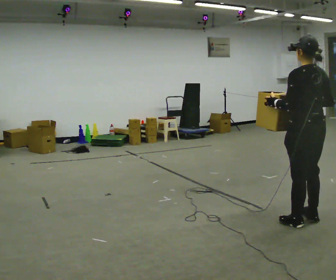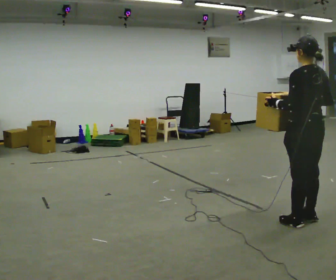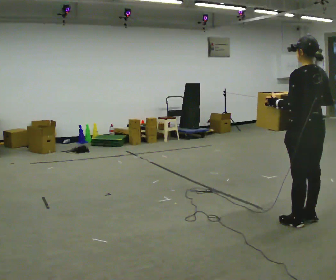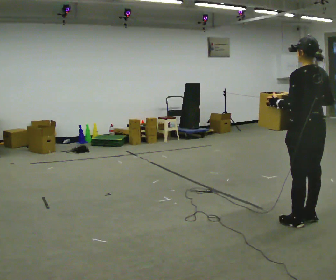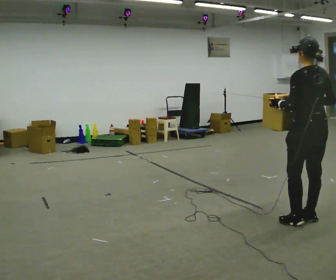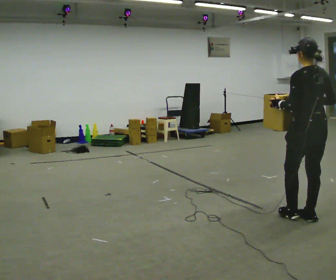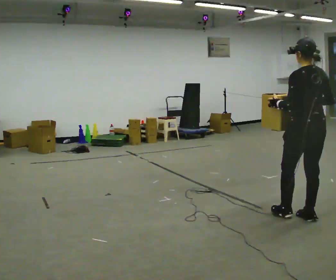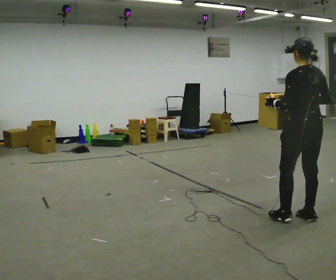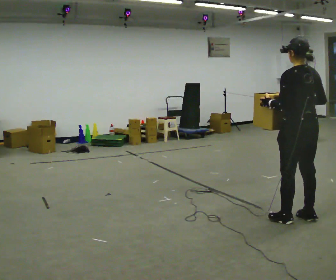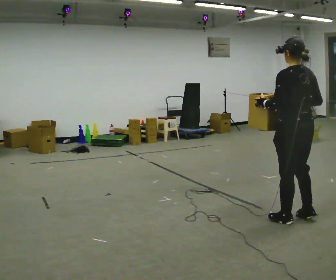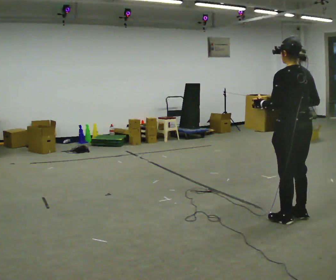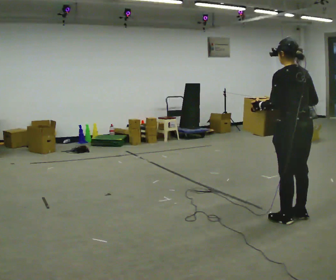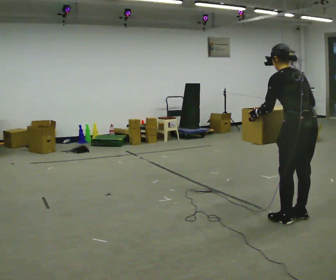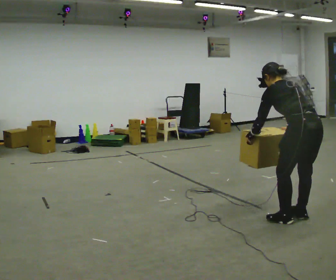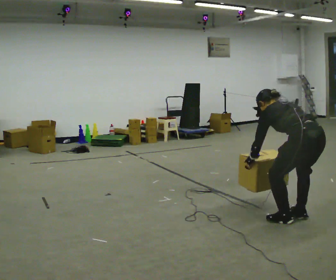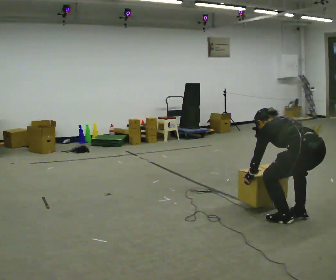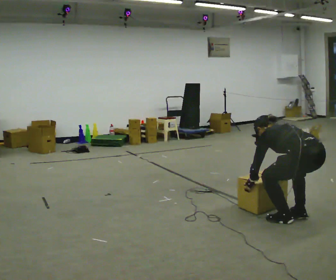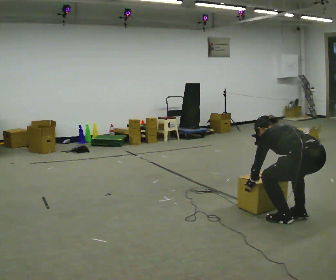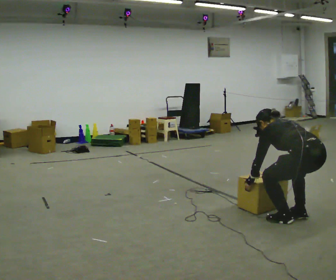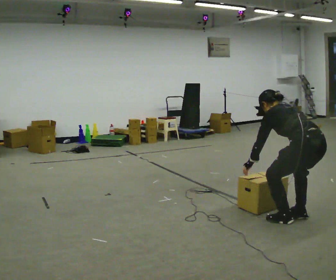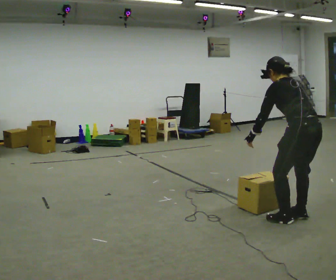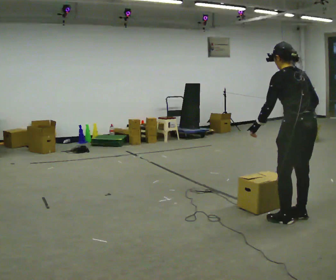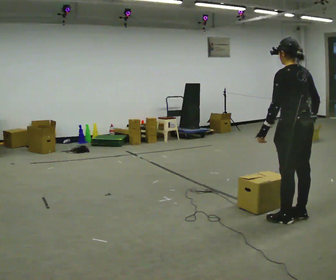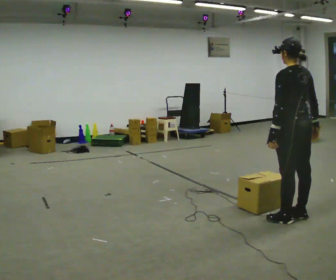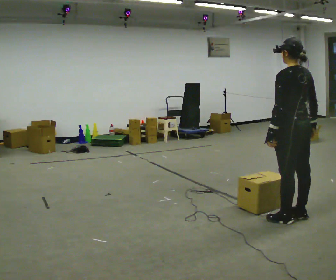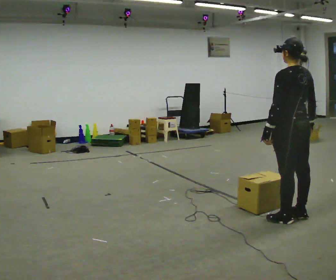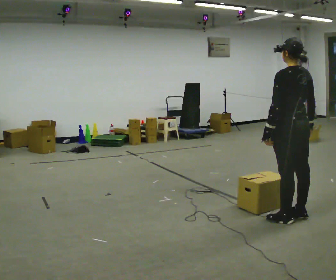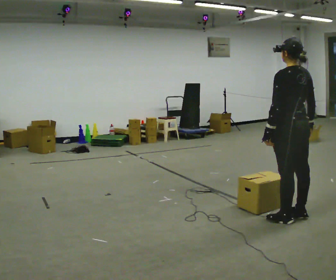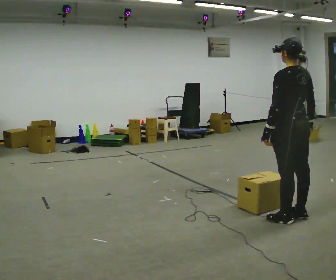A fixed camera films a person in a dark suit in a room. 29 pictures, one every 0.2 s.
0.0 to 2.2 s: The person moves a little, or ends about where they began.
2.2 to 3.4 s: The shoulders move downward. In the picture the upper body tilts counterclockwise, shoulders to the left, as they bend forward. In the picture their left hand goes downward.
3.4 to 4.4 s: The upper body goes upward. In the picture the upper body tilts clockwise, shoulders to the right, as they lean back or straighten. In the picture their left hand goes upward.
4.4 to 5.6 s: The person moves a little, or ends about where they began.
The film runs forward here.
